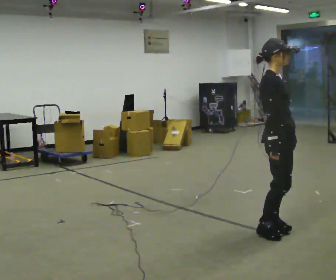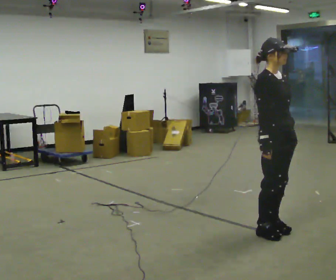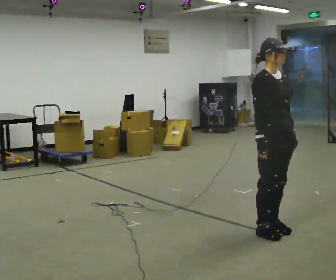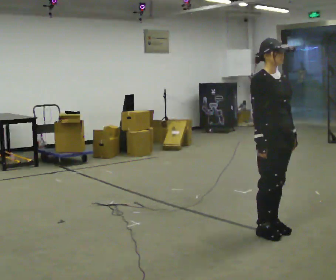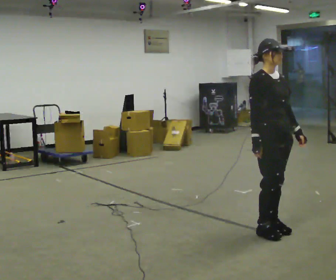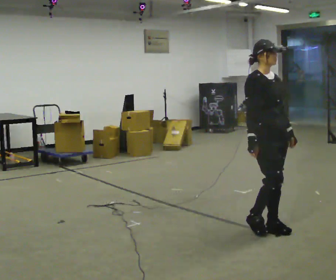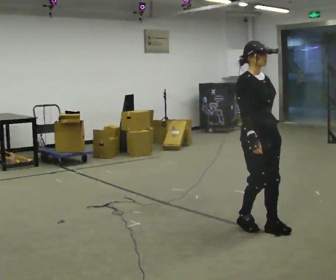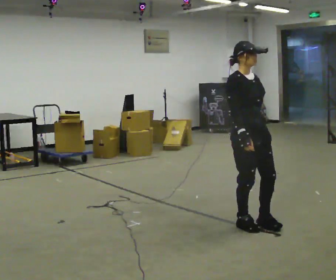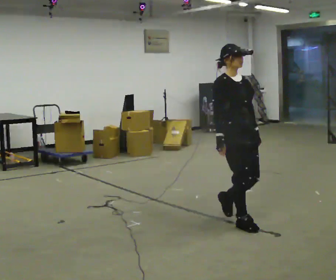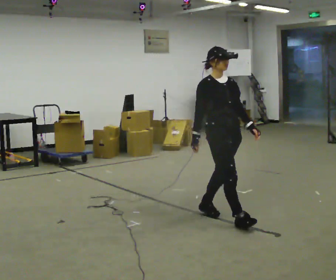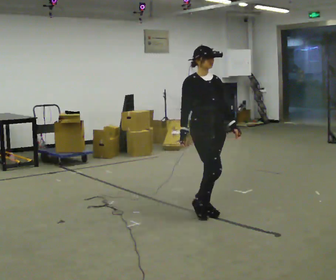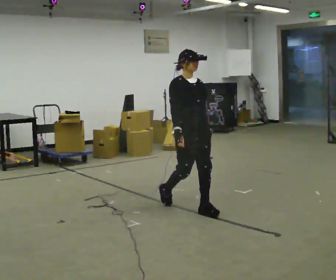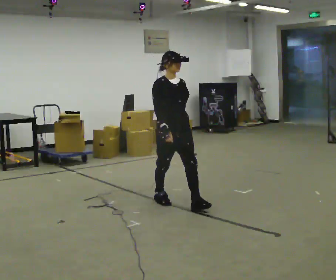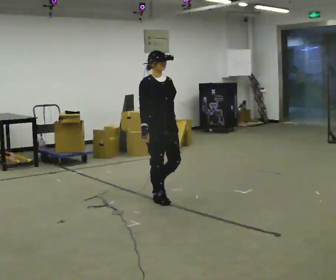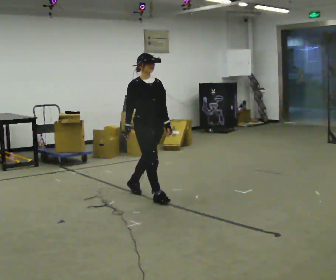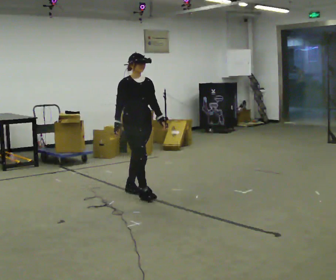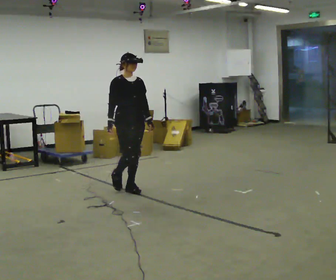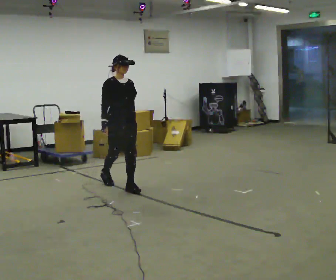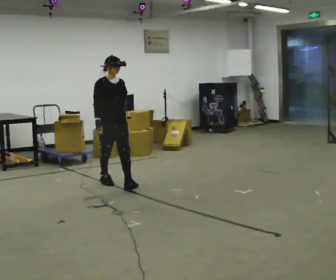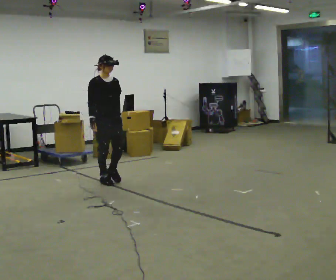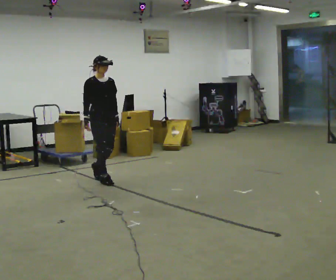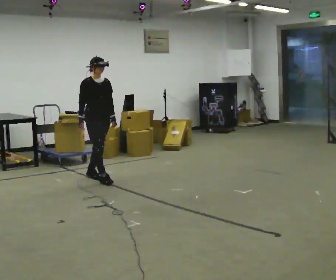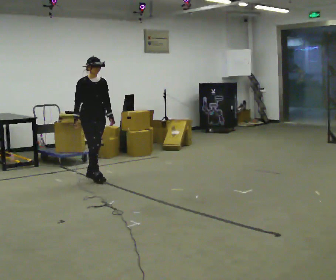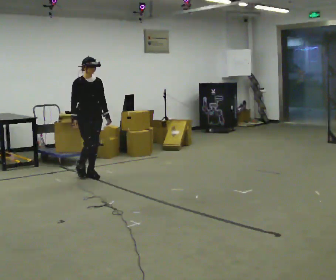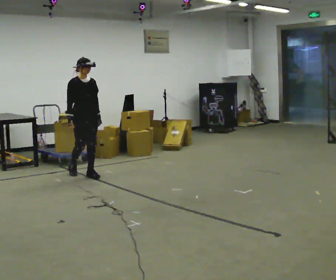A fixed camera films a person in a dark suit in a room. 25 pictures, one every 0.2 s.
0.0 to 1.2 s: The person turns about 30 degrees to their right, clockwise seen from above, so the part of the body nearest the lens slides to the left.
1.2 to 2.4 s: In the picture they go away from the camera and to the left, about 1 m in 3 steps, which for them is backward.
2.4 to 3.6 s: In the picture they go away from the camera and to the left, about 1 m in 2 steps, which for them is backward.
3.6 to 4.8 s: In the picture they go away from the camera and to the left, about 0.75 m in 1 step, which for them is backward.
The film runs backward here.
